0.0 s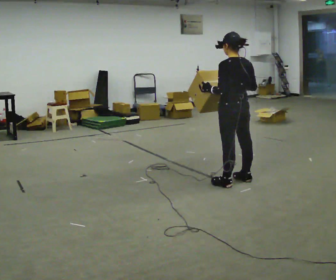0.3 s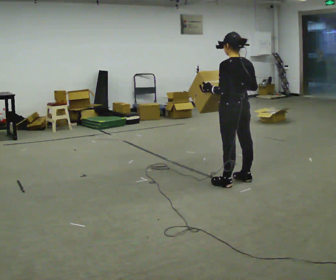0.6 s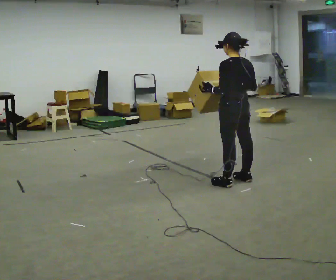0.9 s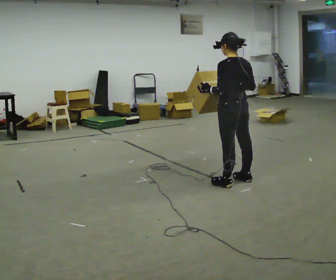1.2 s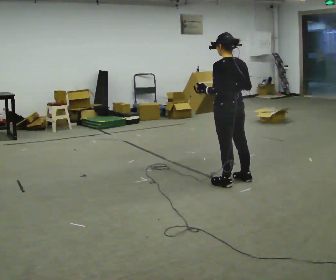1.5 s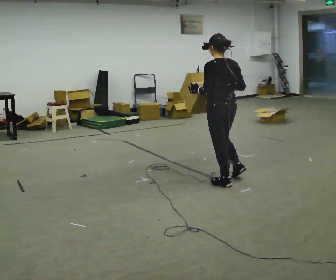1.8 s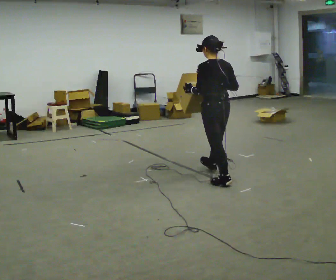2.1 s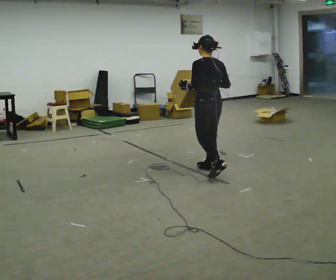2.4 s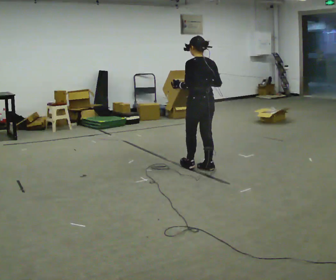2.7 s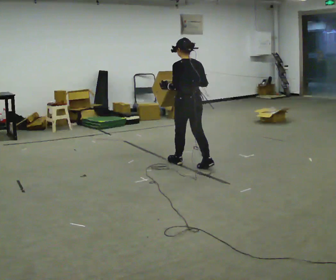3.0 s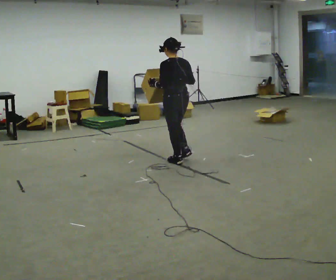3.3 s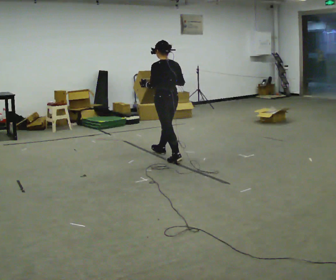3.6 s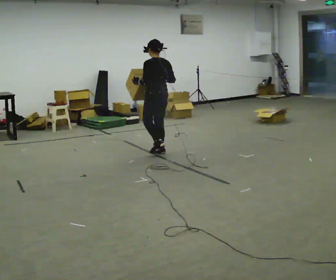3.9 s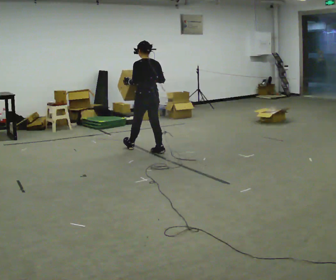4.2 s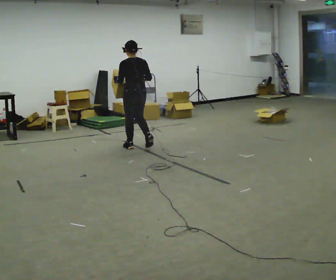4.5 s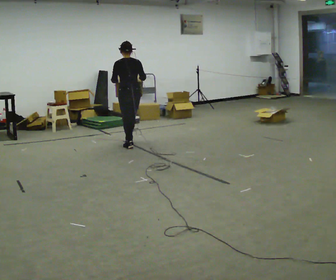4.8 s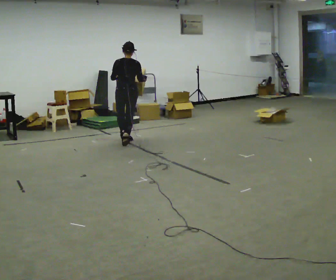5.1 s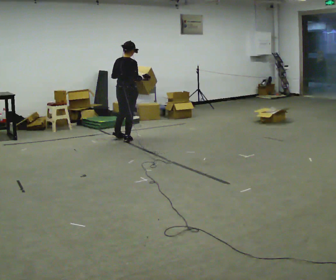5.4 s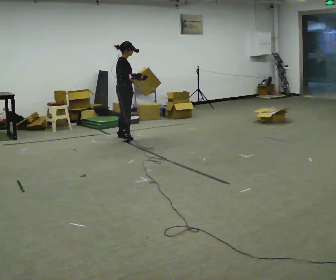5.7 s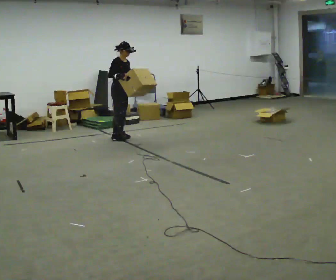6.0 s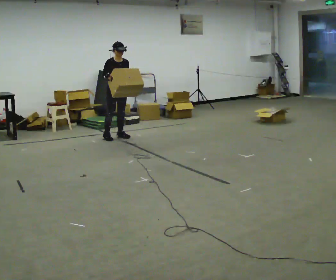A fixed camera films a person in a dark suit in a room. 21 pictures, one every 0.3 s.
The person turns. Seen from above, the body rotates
clockwise.
The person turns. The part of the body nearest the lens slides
to the left.
0.0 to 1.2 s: The person moves a little, or ends about where they began.
1.2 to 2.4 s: In the picture they go away from the camera and to the left, about 0.5 m in 1 step, which for them is forward.
2.4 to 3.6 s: In the picture they go away from the camera and to the left, about 1 m in 2 steps, which for them is forward.
3.6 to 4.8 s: Seen from above the body turns clockwise, about 30 degrees: to their right, with its near side sliding to the left. In the picture they go away from the camera and to the left, about 1 m in 2 steps, which for them is forward.
4.8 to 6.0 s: The person turns about 150 degrees to their right, clockwise seen from above, so the part of the body nearest the lens slides to the left. In the picture they go away from the camera and to the left, about 0.5 m in 2 steps.
The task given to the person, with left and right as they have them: Carry the medium box in both hands in front of you, walking back and forth across the room. Keep walking until the operator says stop.
The film runs forward here.
